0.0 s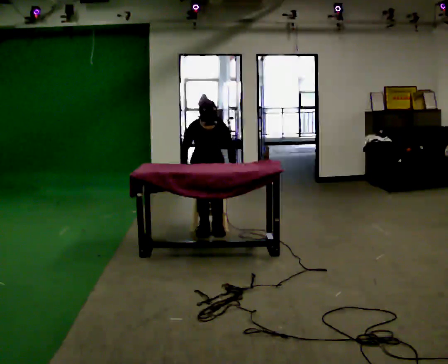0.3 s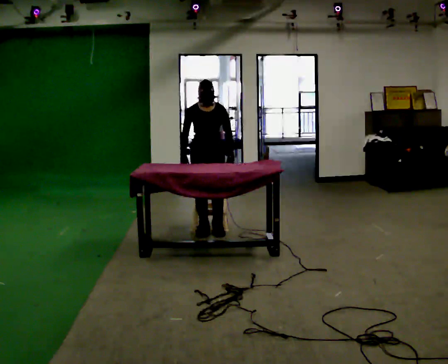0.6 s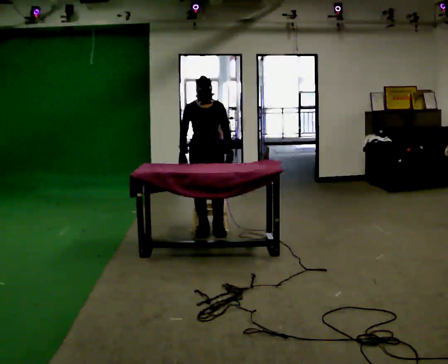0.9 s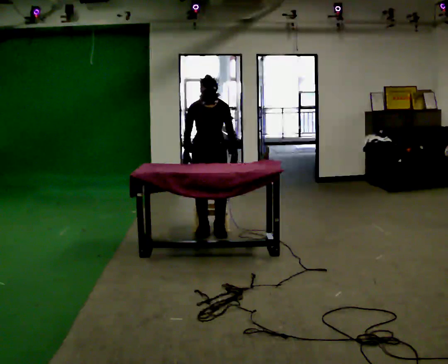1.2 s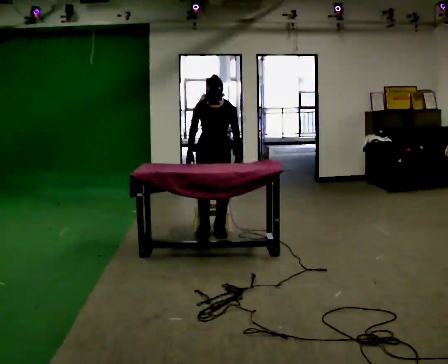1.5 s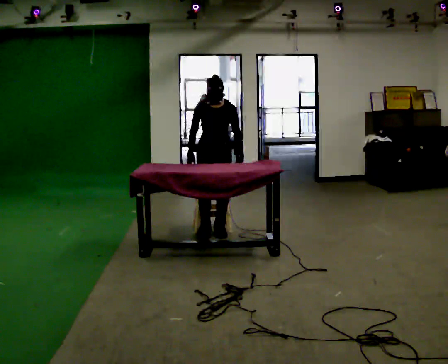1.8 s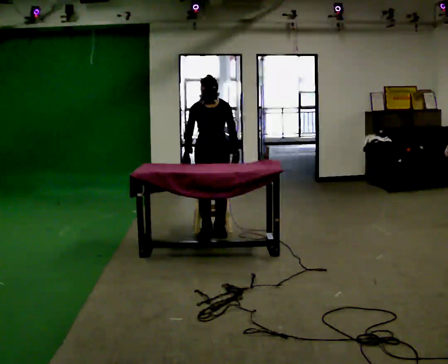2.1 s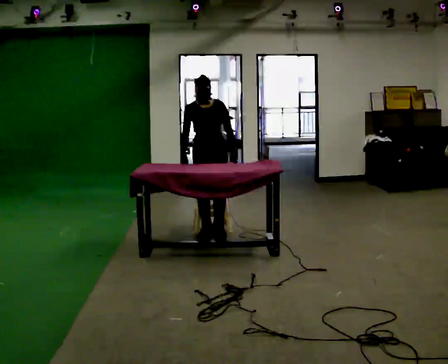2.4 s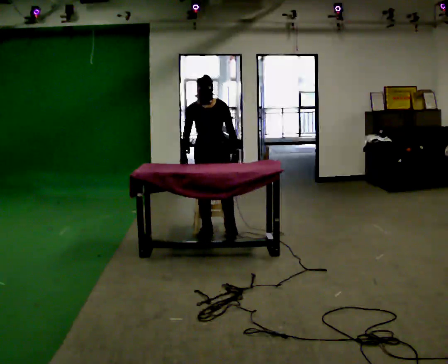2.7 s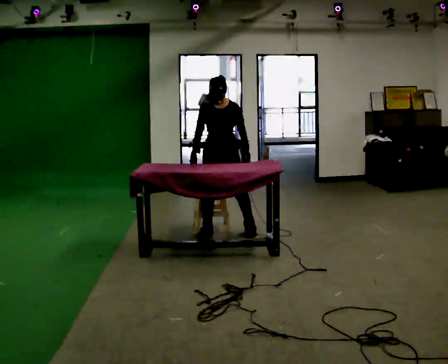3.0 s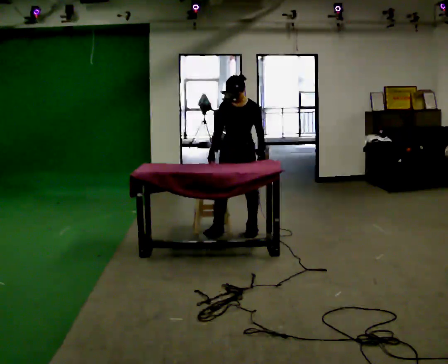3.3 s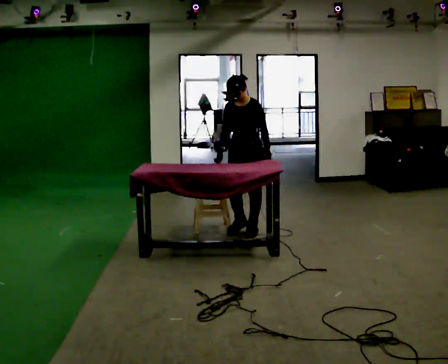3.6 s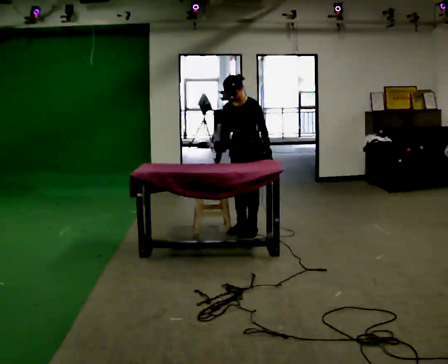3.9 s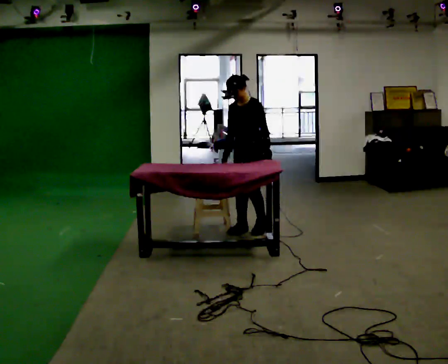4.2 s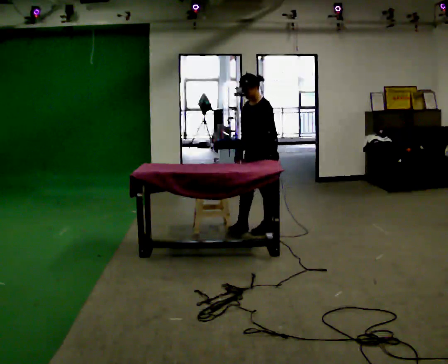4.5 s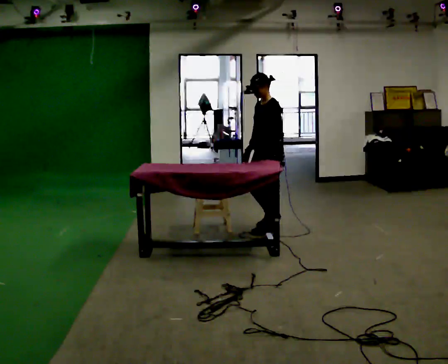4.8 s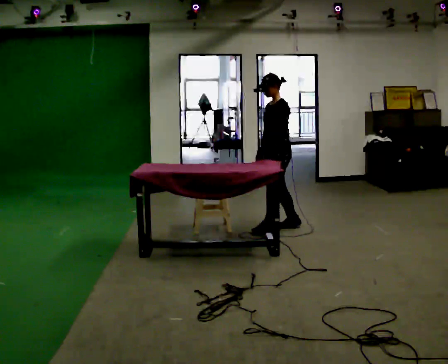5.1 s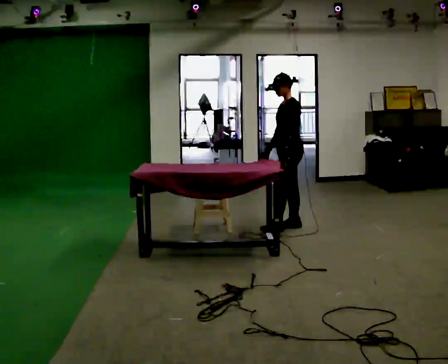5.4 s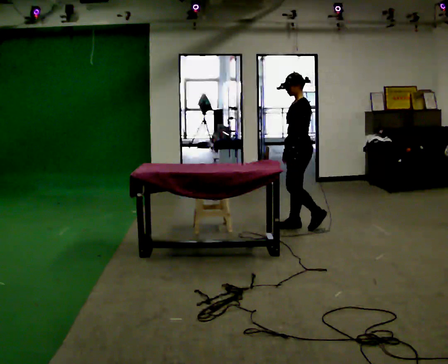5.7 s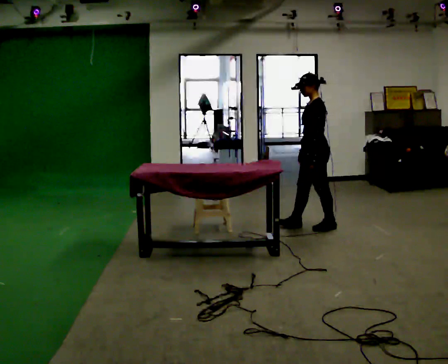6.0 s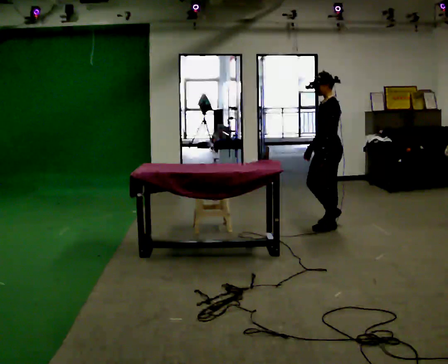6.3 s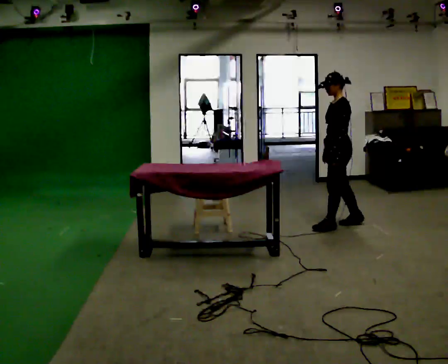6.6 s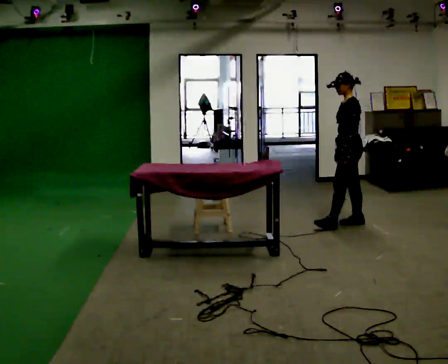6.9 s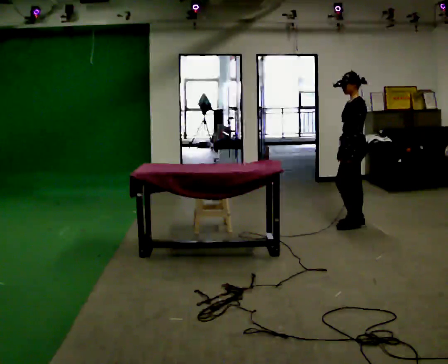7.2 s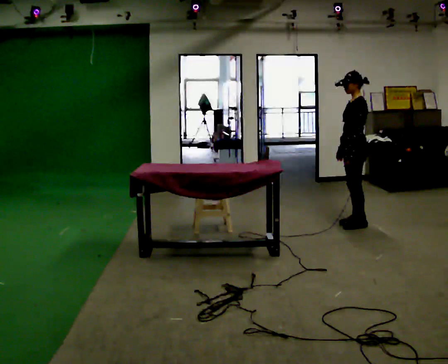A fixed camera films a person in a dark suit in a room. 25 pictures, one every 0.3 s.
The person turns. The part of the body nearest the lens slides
to the left.
The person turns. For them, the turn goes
to their right.
0.0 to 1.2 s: In the picture they go toward the camera, about 0.25 m, which for them is forward. The upper body goes upward.
1.2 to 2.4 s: The person moves a little, or ends about where they began.
2.4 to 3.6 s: Seen from above the body turns clockwise, about 30 degrees: to their right, with its near side sliding to the left. In the picture they go to the right, about 0.25 m in 1 step, which for them is to their left and backward.
3.6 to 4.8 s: The person turns about 45 degrees to their right, clockwise seen from above, so the part of the body nearest the lens slides to the left. In the picture they go to the right, about 0.25 m in 2 steps, which for them is backward and to their left.
4.8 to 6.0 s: In the picture they go to the right, about 0.5 m in 2 steps, which for them is backward.
6.0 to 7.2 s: In the picture they go to the right, about 0.25 m in 1 step, which for them is backward.
The film runs backward here.
